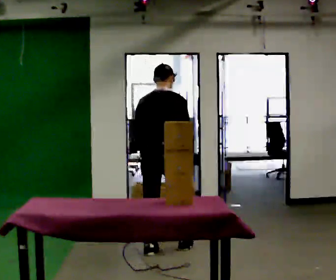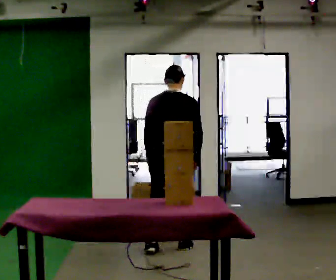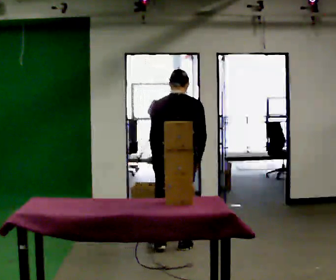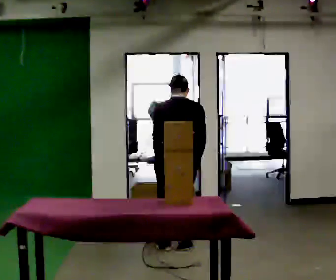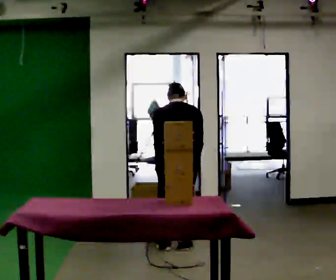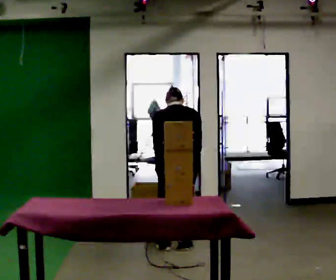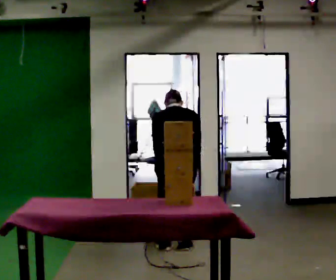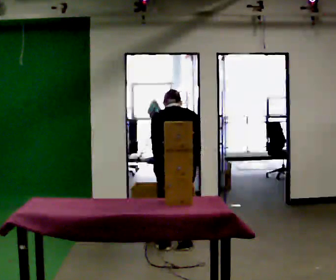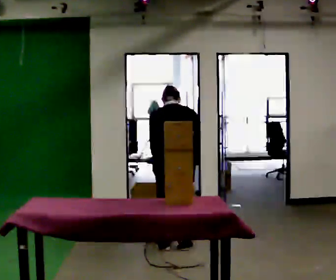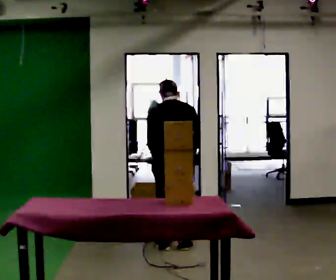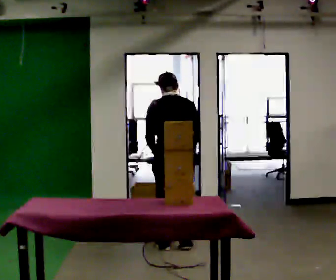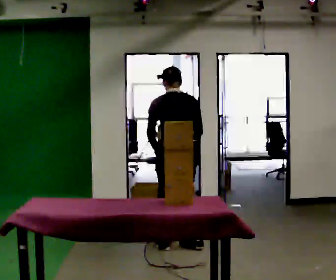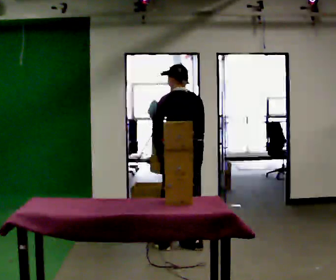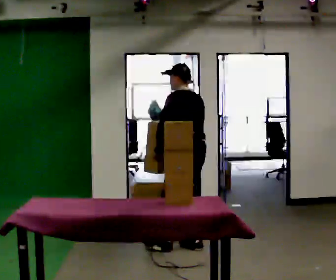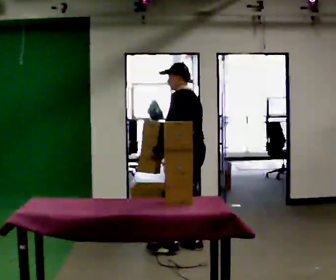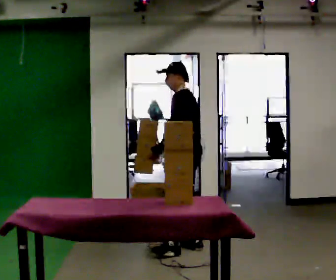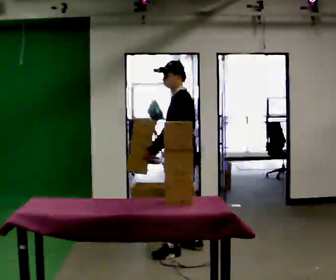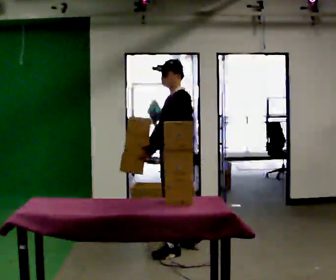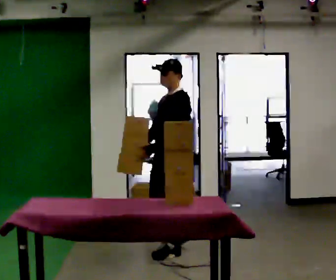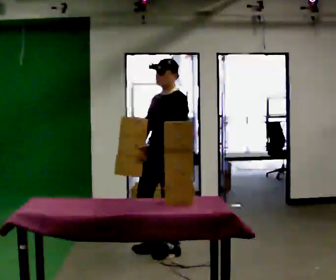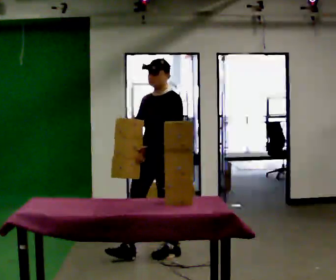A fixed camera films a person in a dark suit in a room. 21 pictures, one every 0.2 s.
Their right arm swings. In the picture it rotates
clockwise.
The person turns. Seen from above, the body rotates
counterclockwise.
0.0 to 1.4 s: The upper body goes downward. The upper body tips away from the camera, its near side rolling upward, as they bend forward.
1.4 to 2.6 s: The part of the body nearest the lens slides to the right as the person turns to their left by about 45 degrees. The upper body goes upward. The upper body tips toward the camera, its near side rolling downward, as they lean back or straighten.
2.6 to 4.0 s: Seen from above the body turns counterclockwise, about 90 degrees: to their left, with its near side sliding to the right. In the picture they go toward the camera and to the left, about 0.5 m in 1 step.
The film runs forward here.
